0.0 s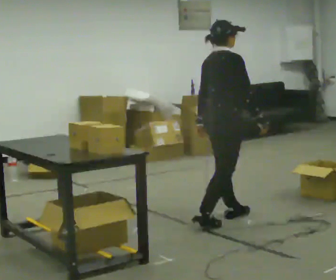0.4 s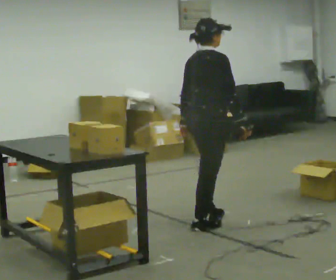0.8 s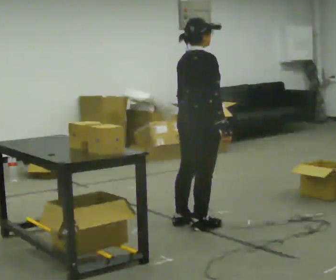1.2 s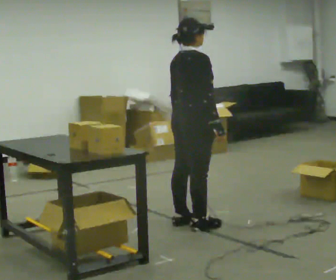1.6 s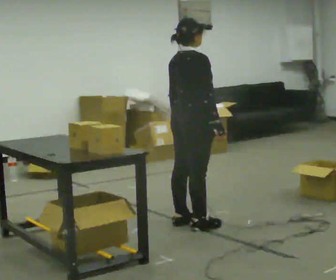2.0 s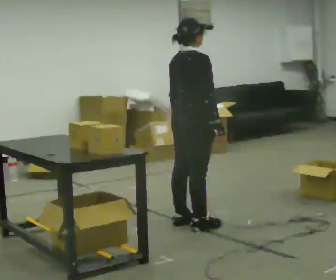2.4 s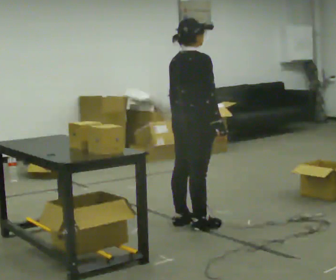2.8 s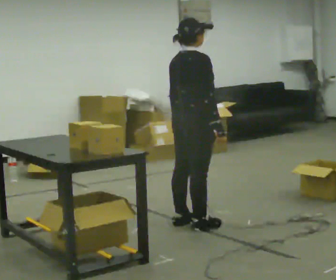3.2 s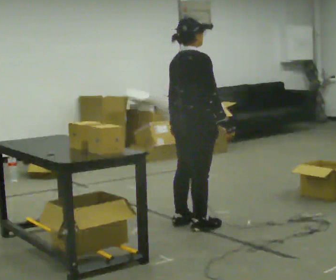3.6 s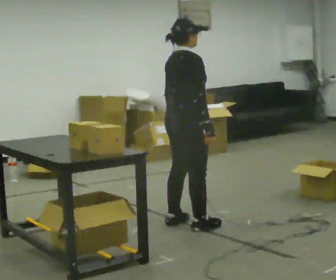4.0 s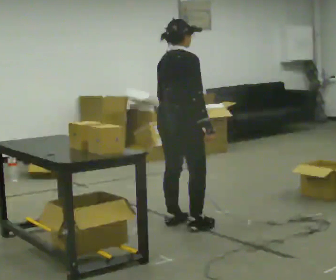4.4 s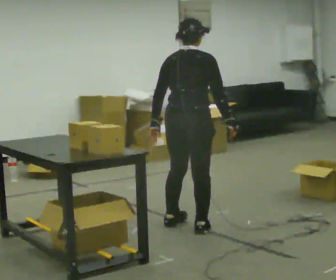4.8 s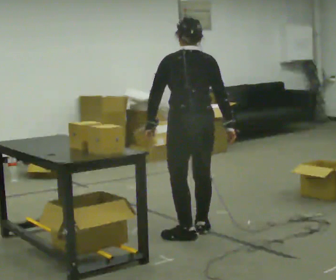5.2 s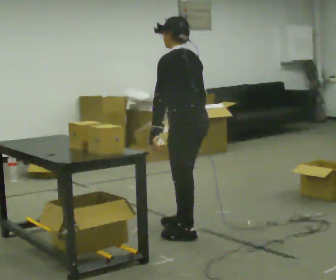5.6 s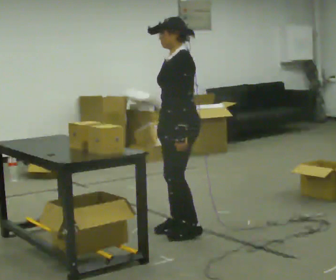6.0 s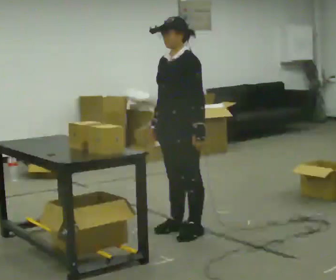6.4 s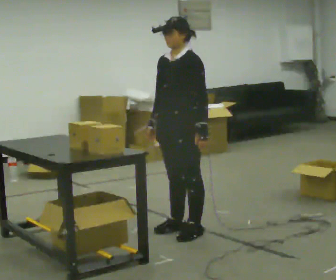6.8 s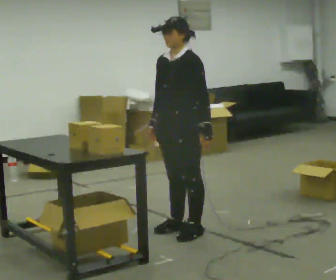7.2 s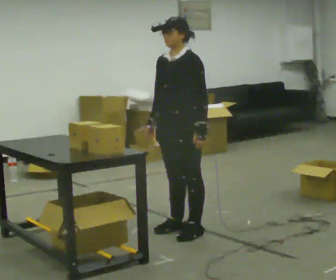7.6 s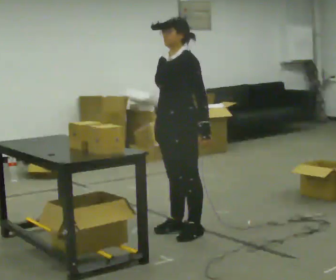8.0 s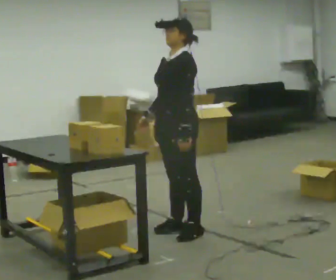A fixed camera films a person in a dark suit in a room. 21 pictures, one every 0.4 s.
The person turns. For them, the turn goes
to their left.
The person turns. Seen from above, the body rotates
counterclockwise.
0.0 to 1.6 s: In the picture they go to the left, about 0.25 m in 1 step, which for them is backward.
1.6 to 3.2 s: The person moves a little, or ends about where they began.
3.2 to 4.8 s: Seen from above the body turns counterclockwise, about 75 degrees: to their left, with its near side sliding to the right. In the picture they go toward the camera, about 0.25 m in 1 step.
4.8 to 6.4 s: The part of the body nearest the lens slides to the right as the person turns to their left by about 120 degrees. In the picture their right hand goes to the left, the arm swinging clockwise.
6.4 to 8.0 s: The person moves a little, or ends about where they began.
The film runs backward here.
